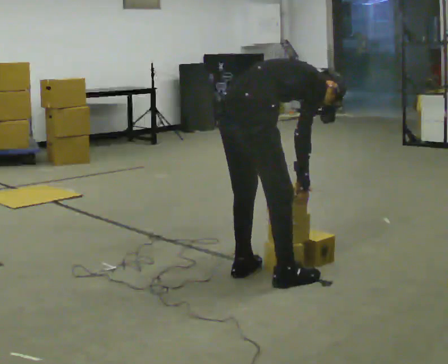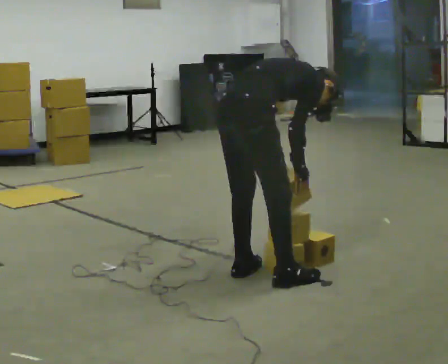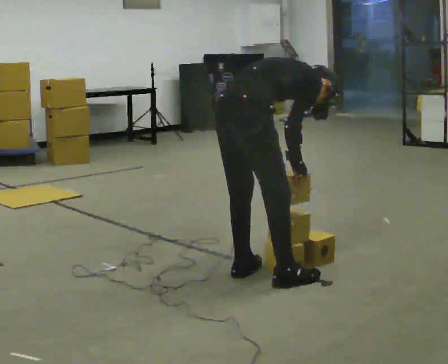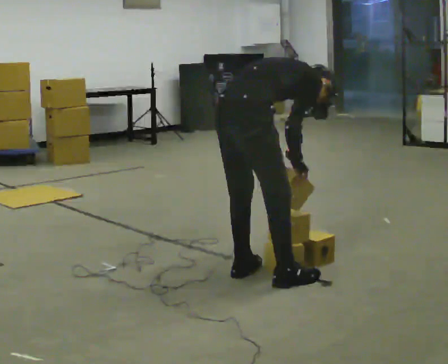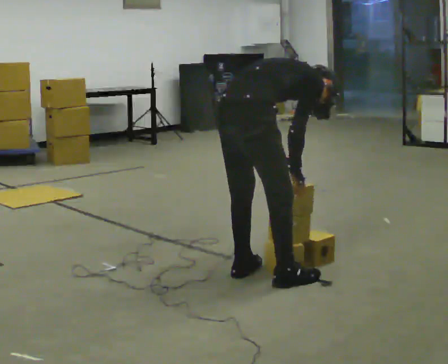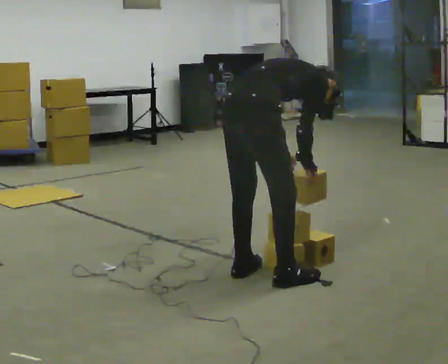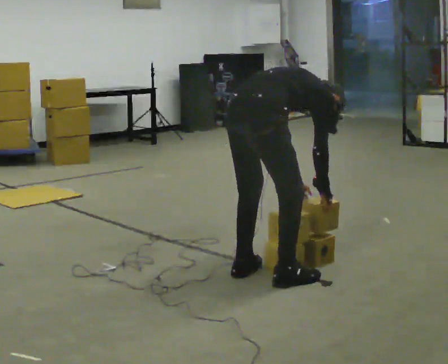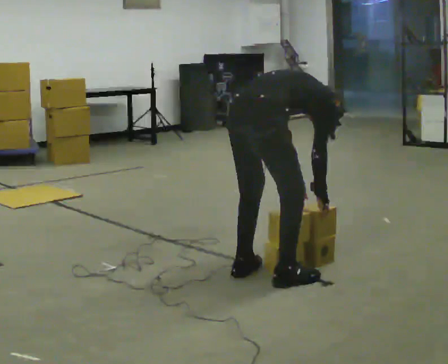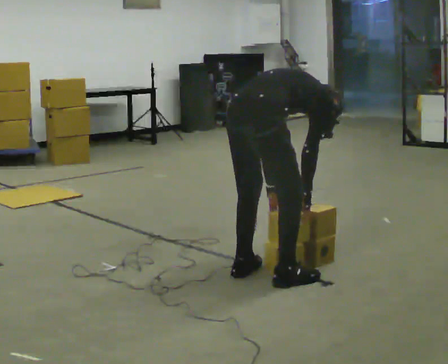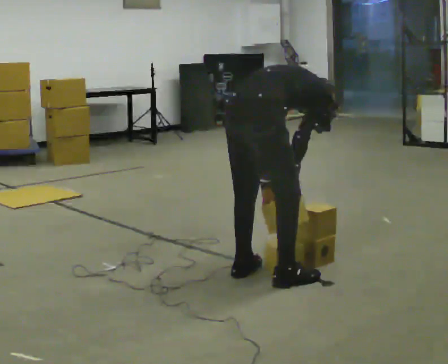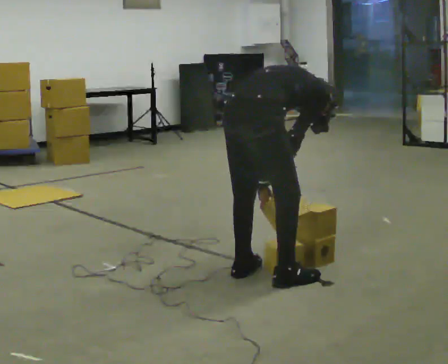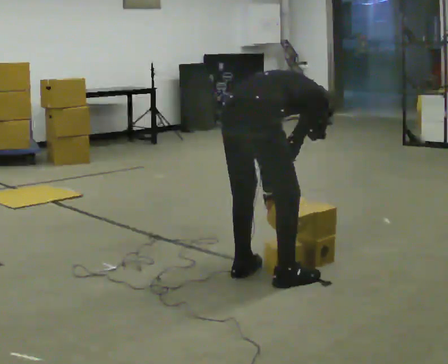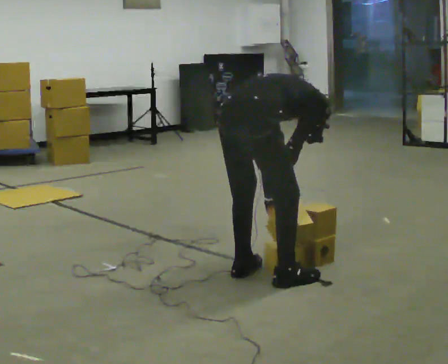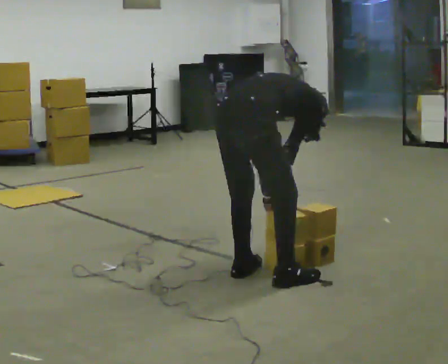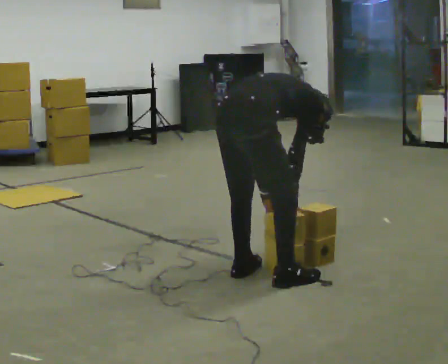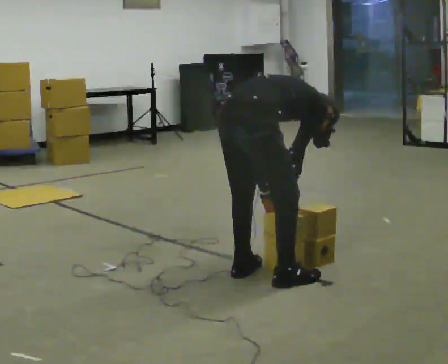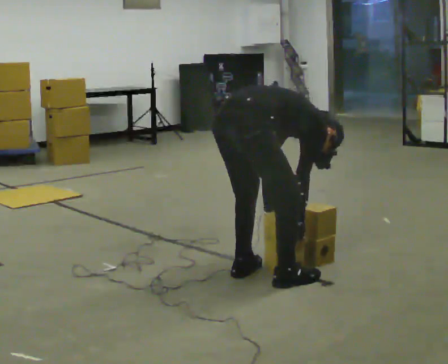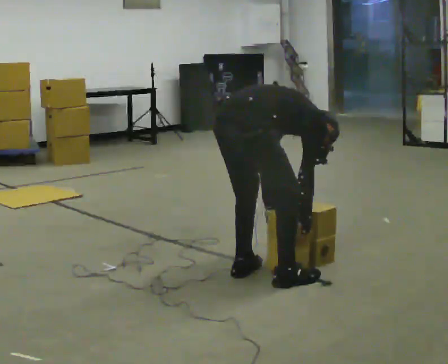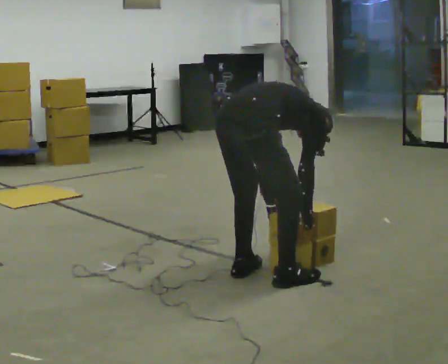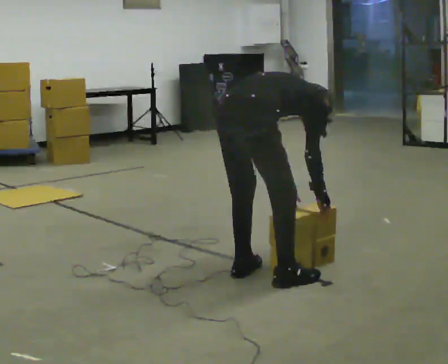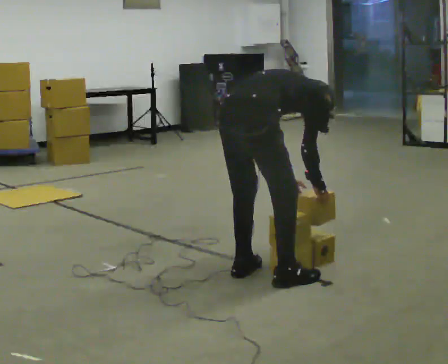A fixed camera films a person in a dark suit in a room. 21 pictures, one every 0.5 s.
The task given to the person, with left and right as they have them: Carry the boxes over one at a time and lay them out on the pallet in the pattern the operator shows you. Keep going until the operator says stop; one object at a time, and do not rush between trips.
0.0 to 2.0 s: The person moves a little, or ends about where they began.
2.0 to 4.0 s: The upper body tips away from the camera, its near side rolling upward, as they bend forward.
4.0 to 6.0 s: The person moves a little, or ends about where they began.
6.0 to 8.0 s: In the picture the upper body tilts clockwise, shoulders to the right, as they bend forward.
8.0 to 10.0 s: In the picture the upper body tilts counterclockwise, shoulders to the left, as they lean back or straighten.
The film runs forward here.
